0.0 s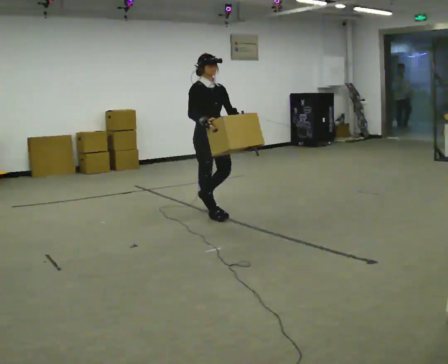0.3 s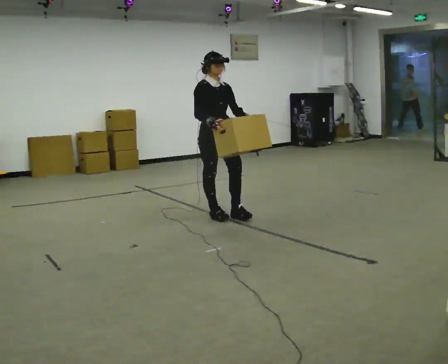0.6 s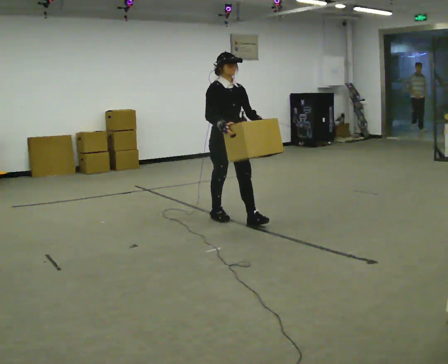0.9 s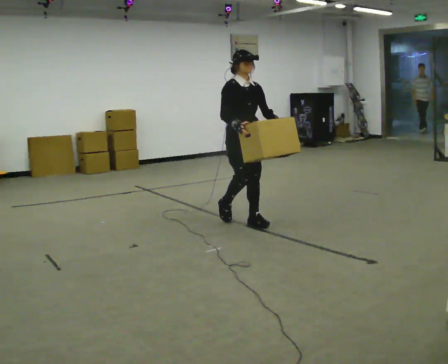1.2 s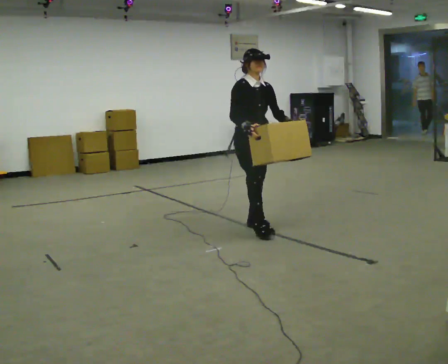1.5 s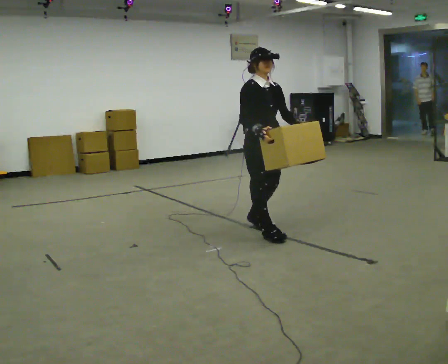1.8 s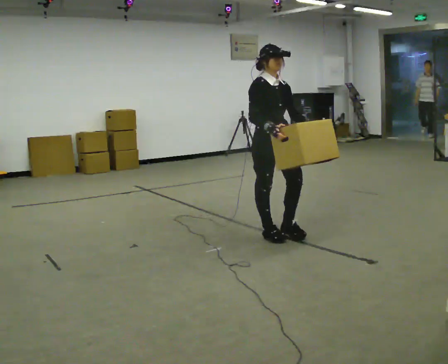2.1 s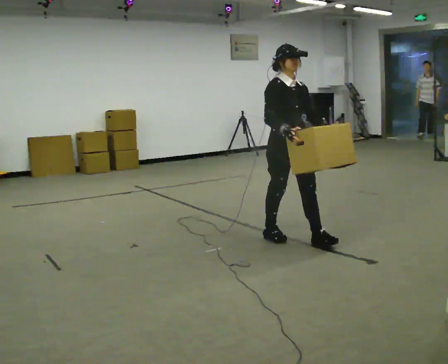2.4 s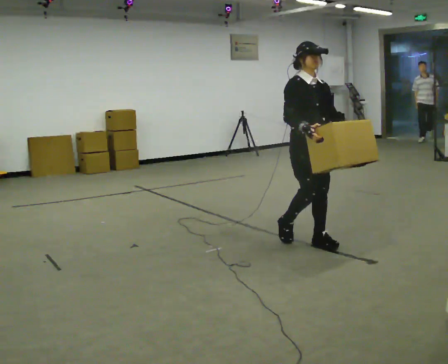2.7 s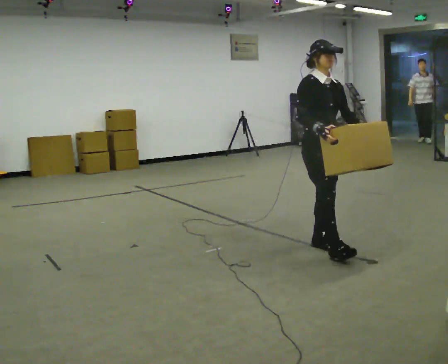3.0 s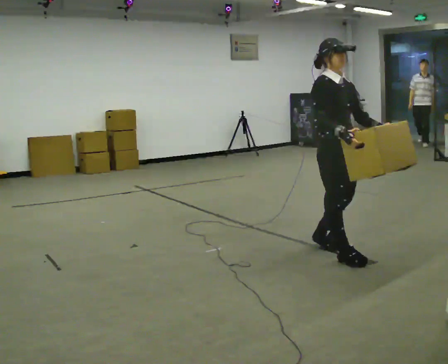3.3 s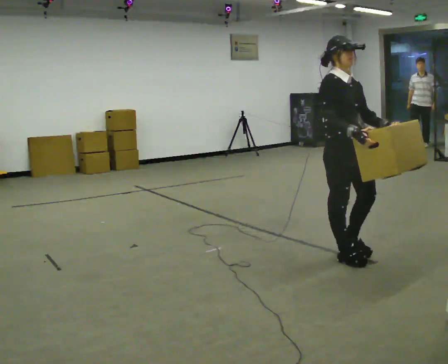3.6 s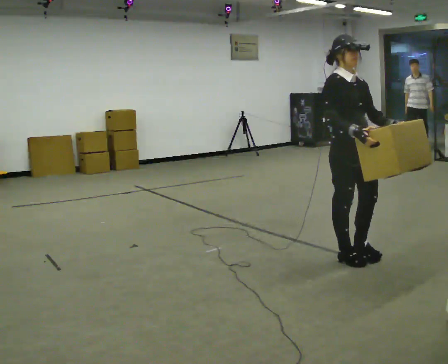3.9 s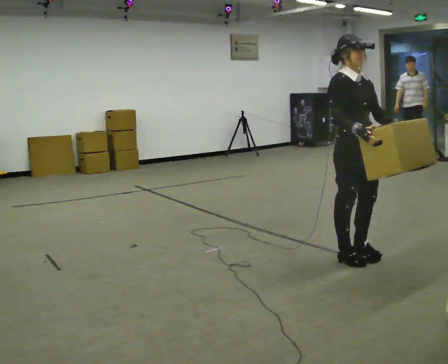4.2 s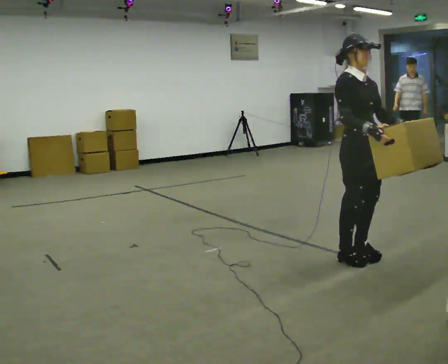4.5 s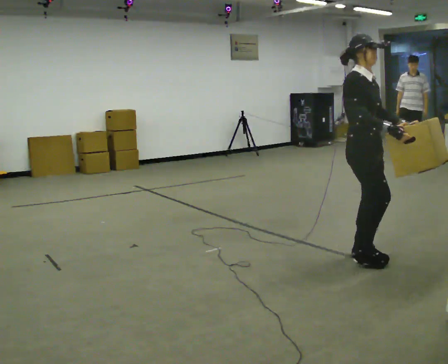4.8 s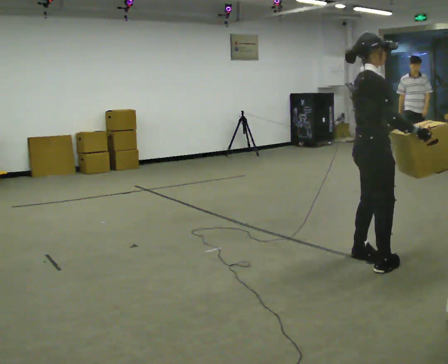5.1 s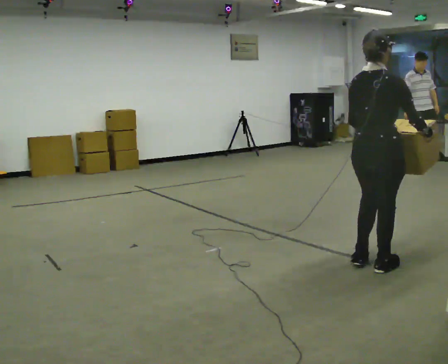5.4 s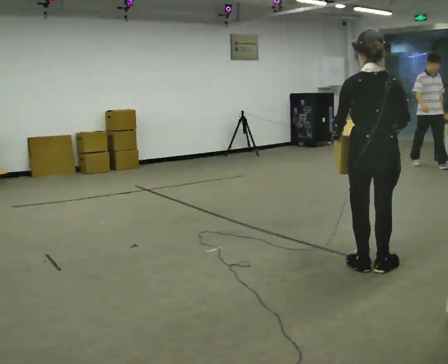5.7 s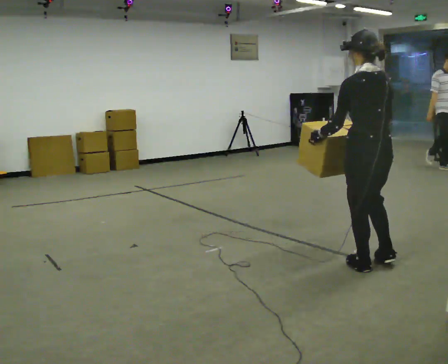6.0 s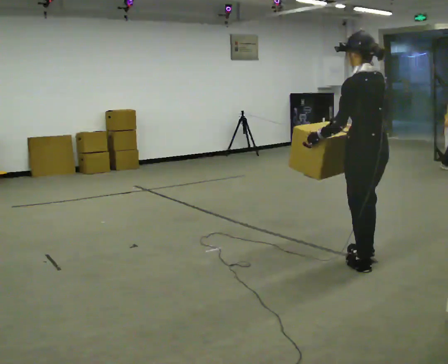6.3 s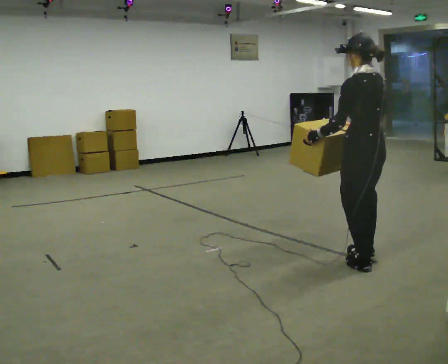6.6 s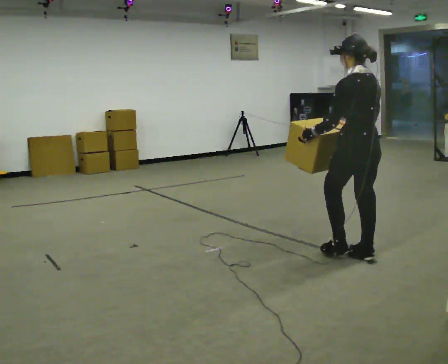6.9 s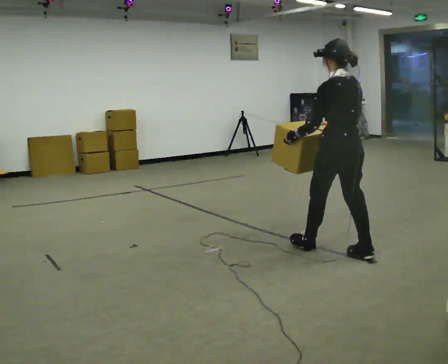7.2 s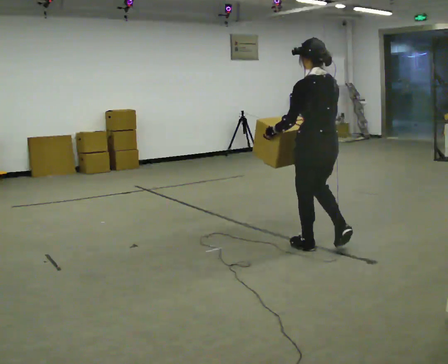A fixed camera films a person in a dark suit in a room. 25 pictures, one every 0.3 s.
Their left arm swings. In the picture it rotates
clockwise.
0.0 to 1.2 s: In the picture they go to the right and toward the camera, about 0.5 m in 1 step, which for them is forward.
1.2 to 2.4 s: In the picture they go to the right and toward the camera, about 0.5 m in 2 steps, which for them is forward.
2.4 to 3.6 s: In the picture they go toward the camera and to the right, about 0.5 m in 2 steps, which for them is forward.
3.6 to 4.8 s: Seen from above the body turns counterclockwise, about 60 degrees: to their left, with its near side sliding to the right.
4.8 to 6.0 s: The person turns about 120 degrees to their left, counterclockwise seen from above, so the part of the body nearest the lens slides to the right. In the picture their right hand goes to the left.
6.0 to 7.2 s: In the picture they go to the left and away from the camera, about 0.5 m in 1 step, which for them is forward.
The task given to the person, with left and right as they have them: Carry the heavy box in both hands in front of you, walking back and forth across the room. Keep walking until the operator says stop. Set it down if you need a rest.
The film runs forward here.
